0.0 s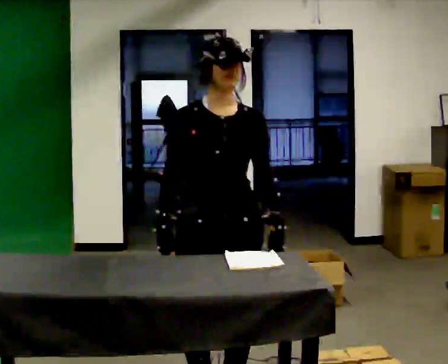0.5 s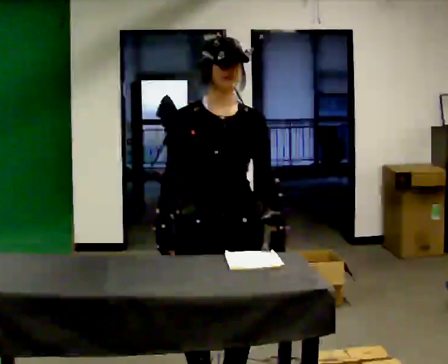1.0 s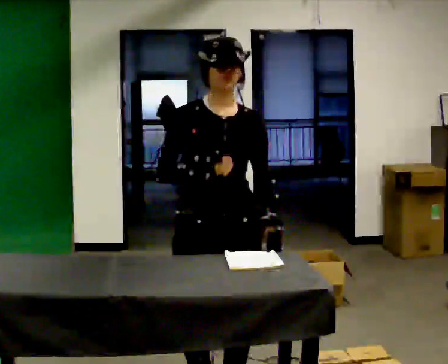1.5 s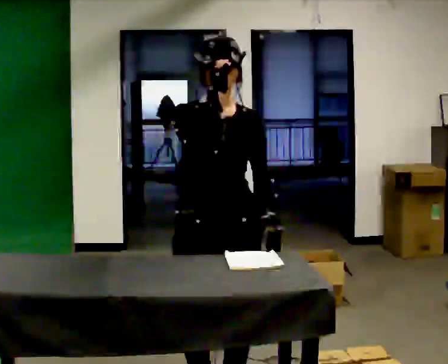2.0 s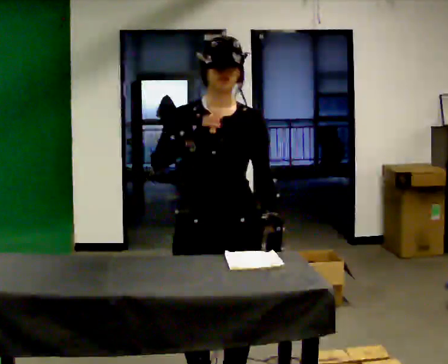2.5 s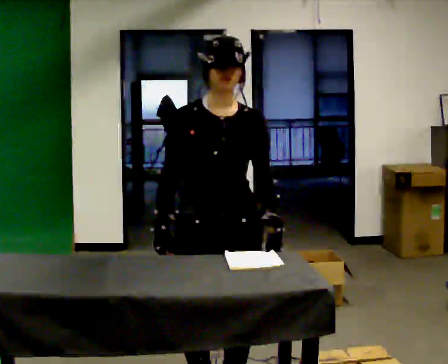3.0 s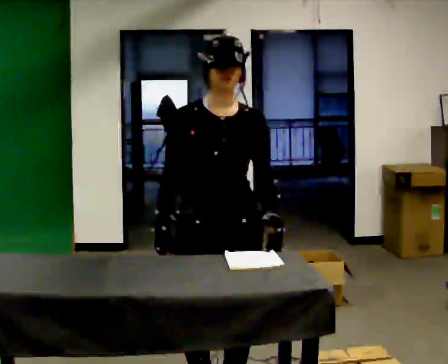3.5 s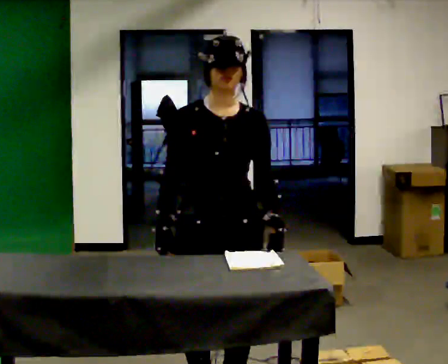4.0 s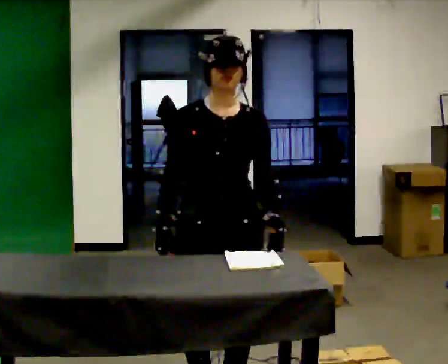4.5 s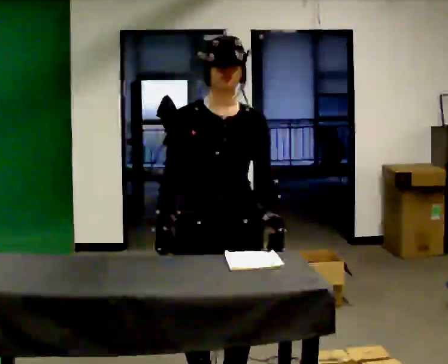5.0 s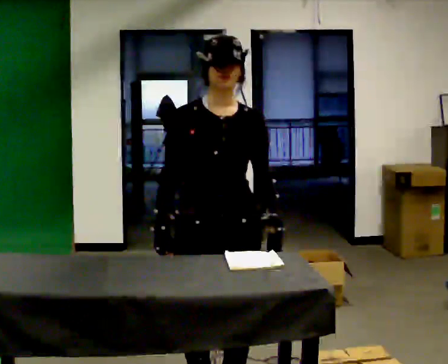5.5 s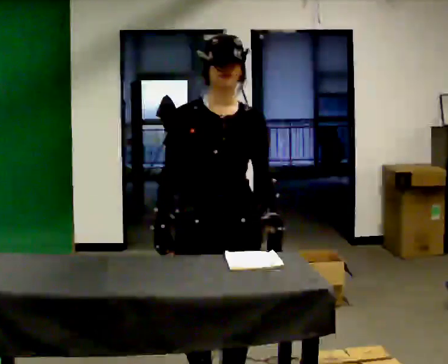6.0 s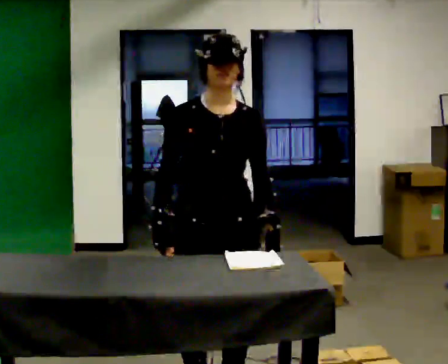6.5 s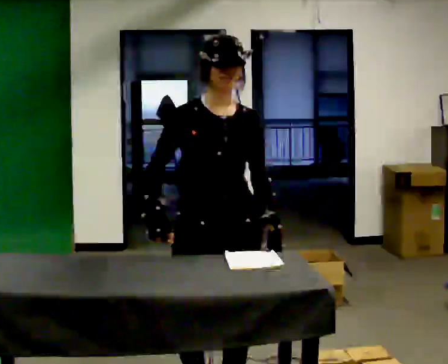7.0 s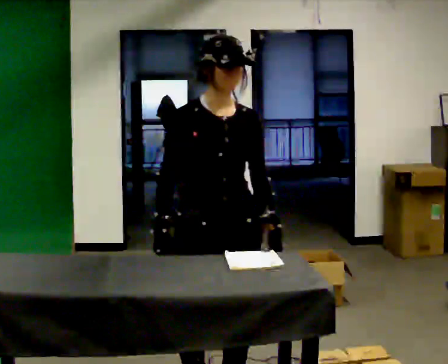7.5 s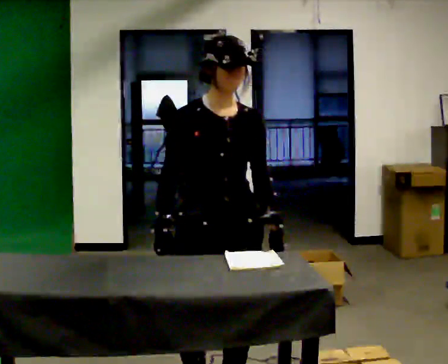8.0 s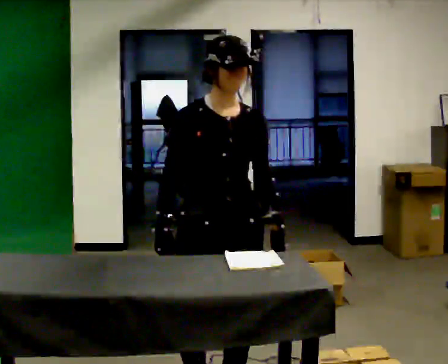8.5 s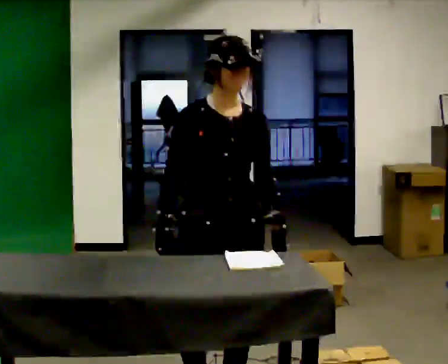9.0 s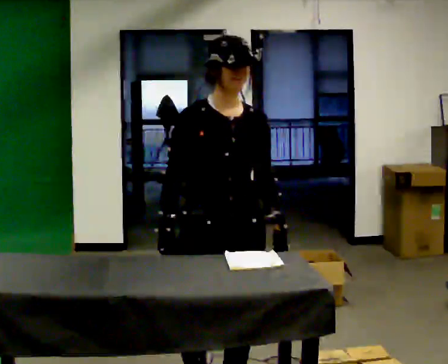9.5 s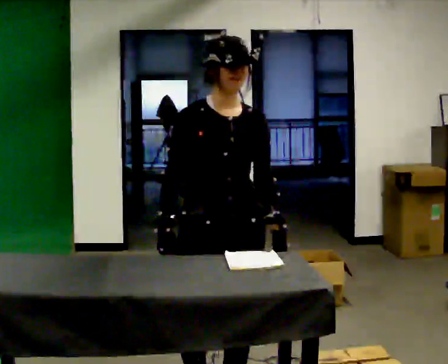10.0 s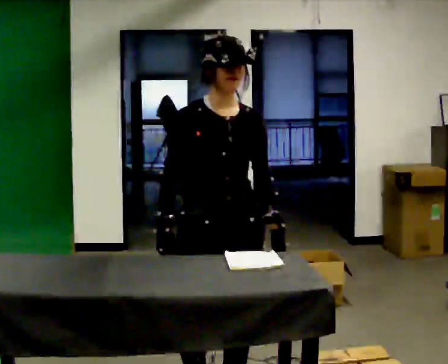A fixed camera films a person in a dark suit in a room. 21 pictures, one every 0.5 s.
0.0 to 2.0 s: In the picture their right hand goes upward.
2.0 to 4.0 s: In the picture their right hand goes downward.
4.0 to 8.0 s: The person moves a little, or ends about where they began.
8.0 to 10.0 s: The person keeps their place and pose.
The film runs backward here.
